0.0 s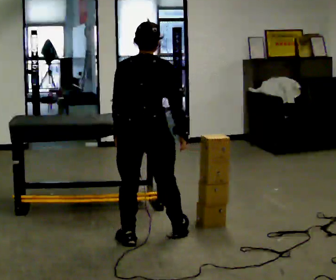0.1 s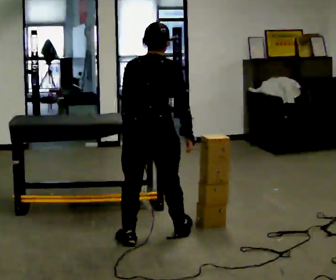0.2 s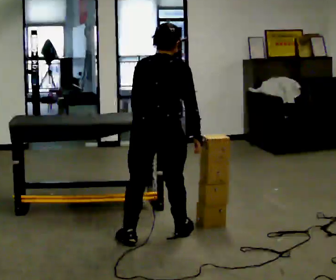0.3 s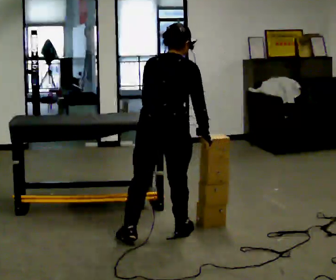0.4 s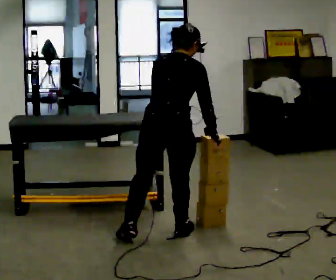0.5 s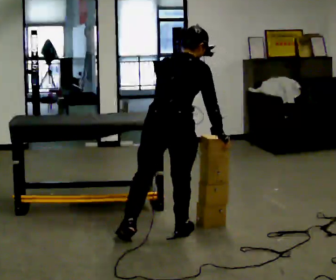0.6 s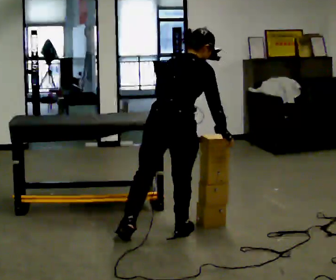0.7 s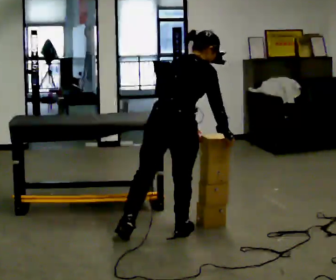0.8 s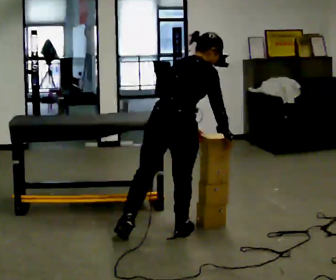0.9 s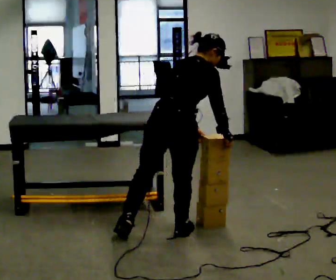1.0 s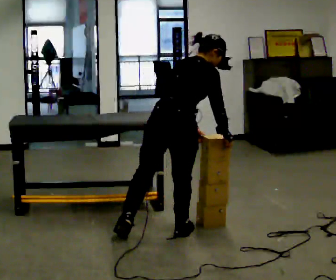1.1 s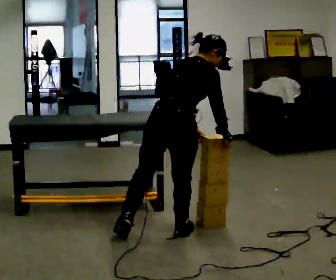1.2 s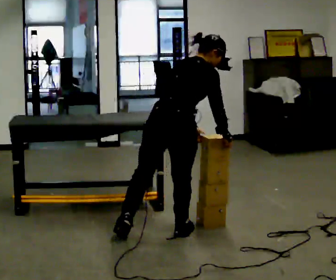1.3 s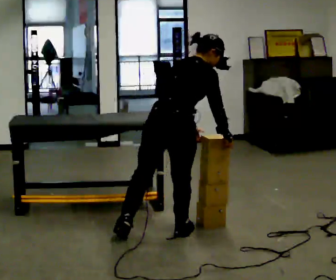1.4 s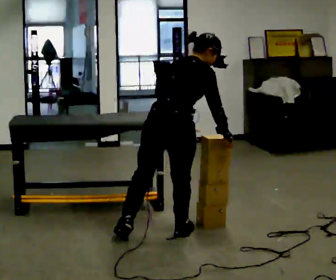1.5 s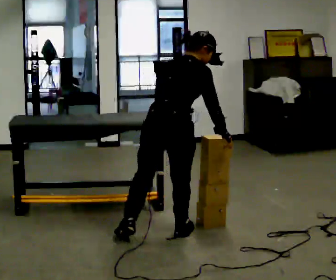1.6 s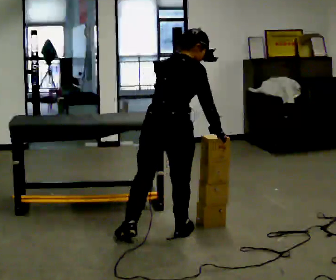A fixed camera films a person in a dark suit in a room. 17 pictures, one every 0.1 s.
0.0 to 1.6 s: The part of the body nearest the lens slides to the left as the person turns to their right by about 30 degrees. In the picture they go to the right, about 0.25 m, which for them is forward. In the picture their left hand goes to the right.
The film runs backward here.
